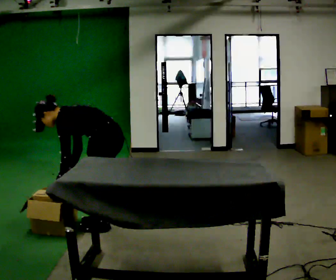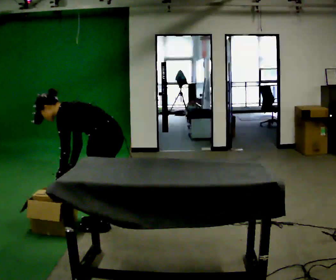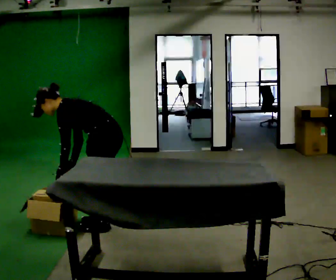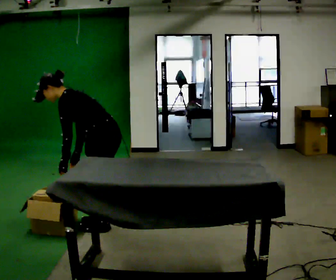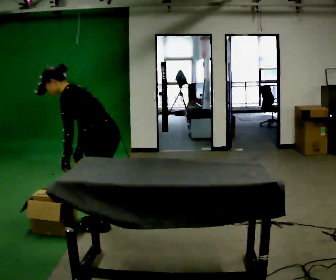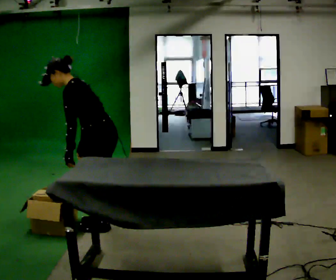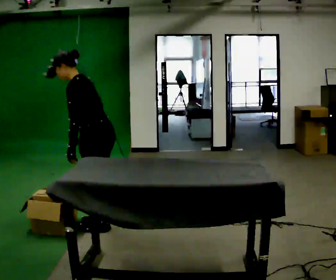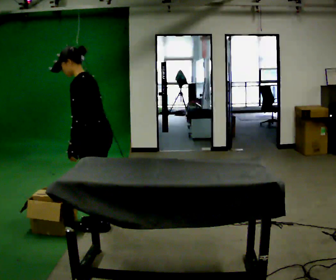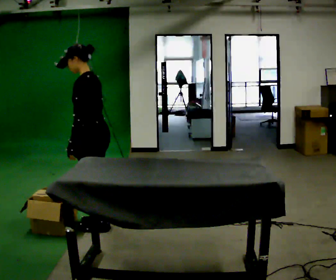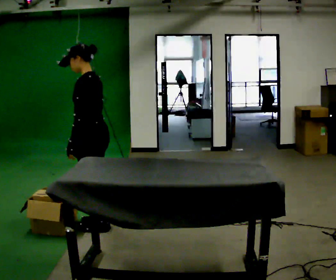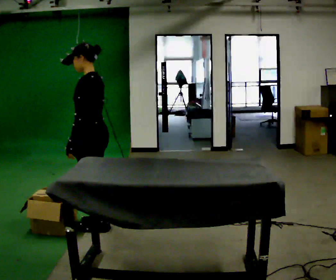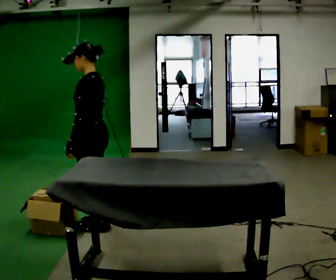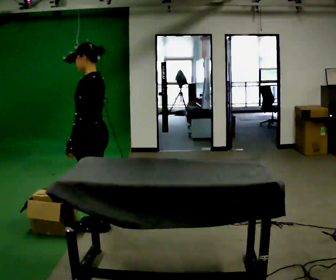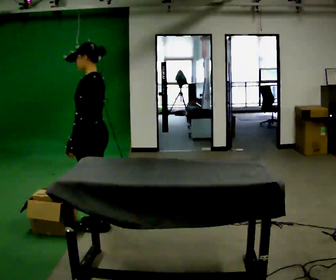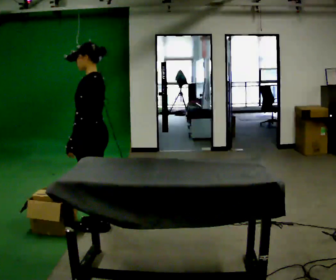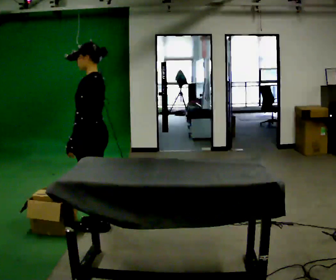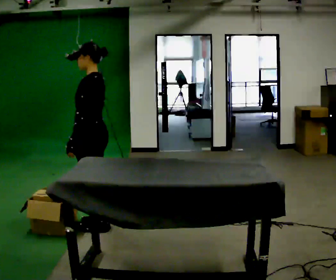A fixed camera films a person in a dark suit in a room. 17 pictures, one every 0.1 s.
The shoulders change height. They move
upward.
The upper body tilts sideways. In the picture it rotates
clockwise.
0.0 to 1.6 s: The upper body goes upward. In the picture the upper body tilts clockwise, shoulders to the right, as they lean back or straighten. In the picture their left hand goes upward.
The film runs backward here.
